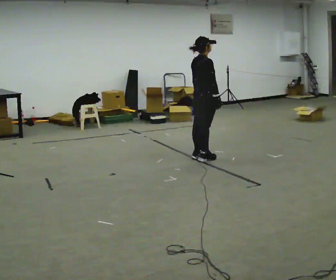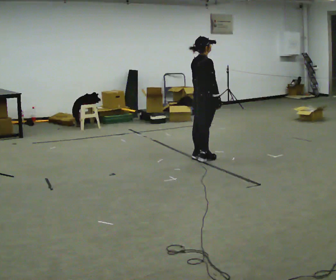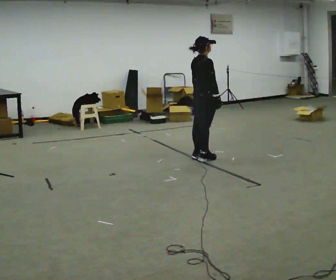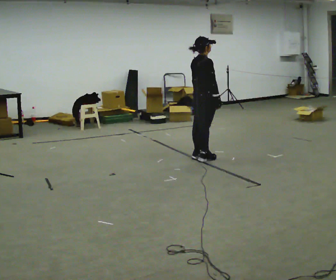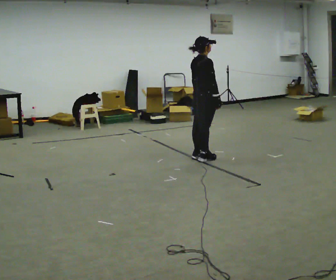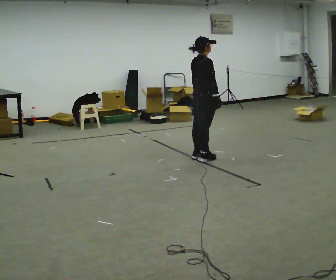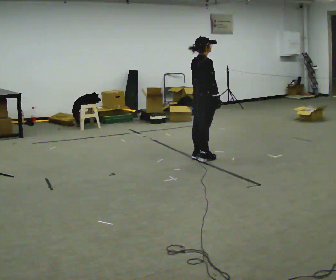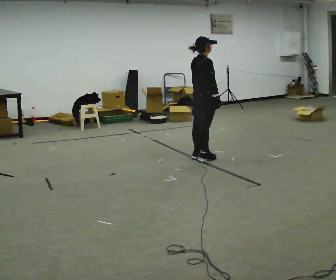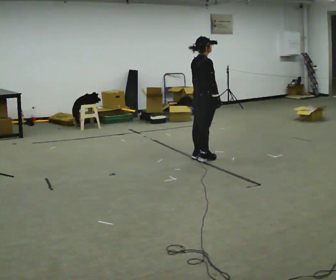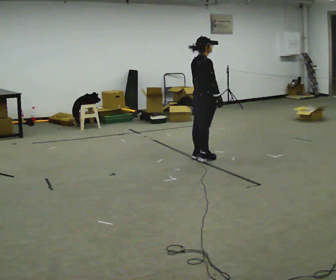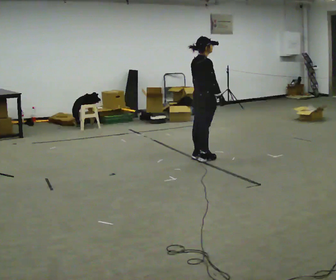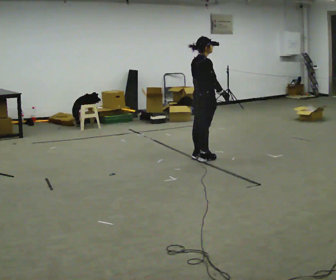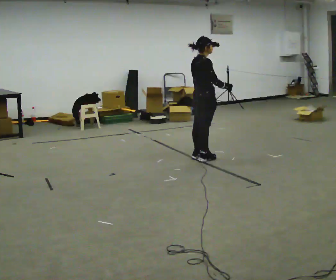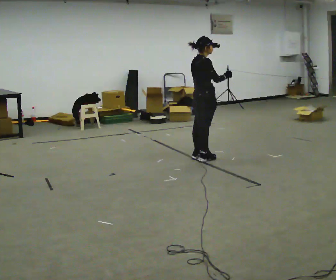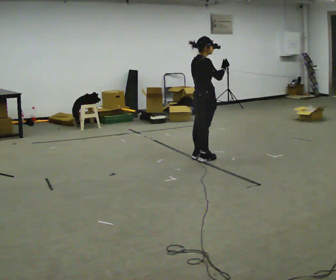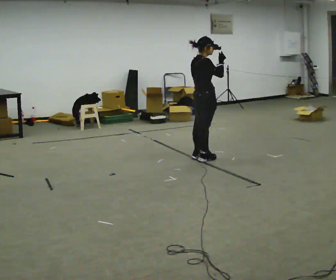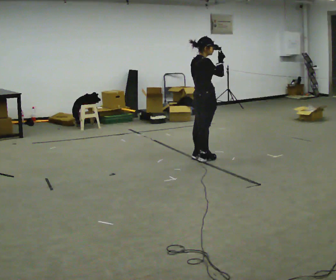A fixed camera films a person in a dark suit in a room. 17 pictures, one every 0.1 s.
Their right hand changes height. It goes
upward.
0.0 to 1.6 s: In the picture their right hand goes upward.
The film runs forward here.
